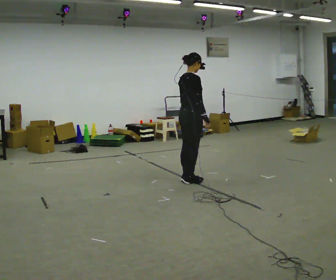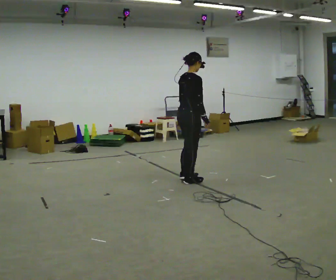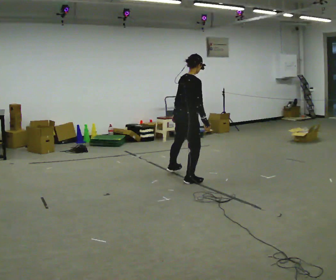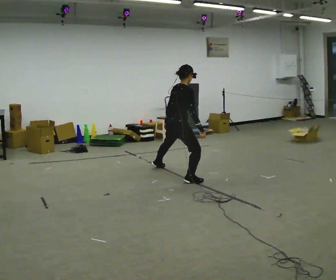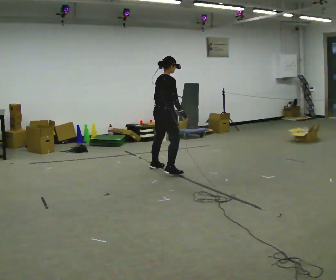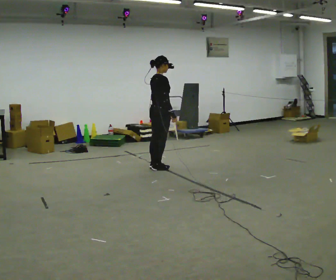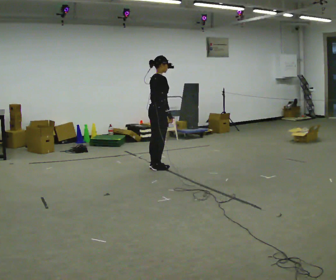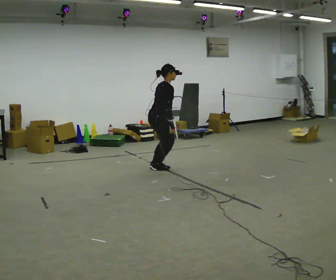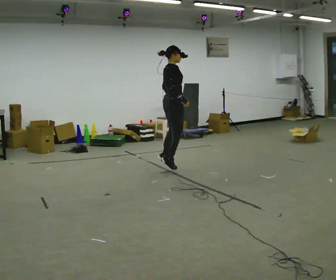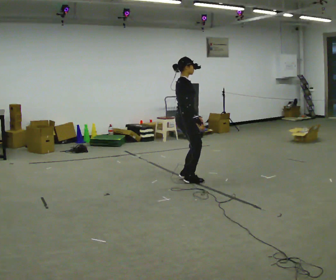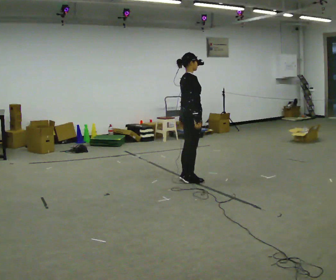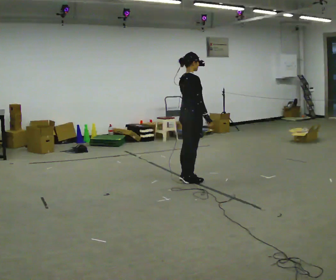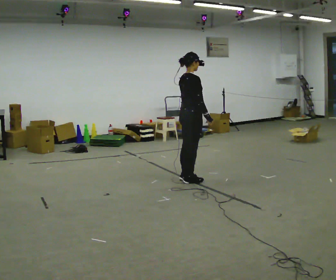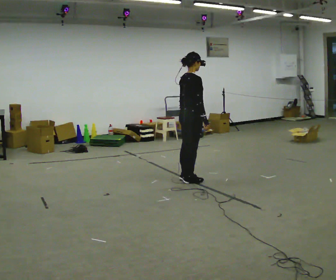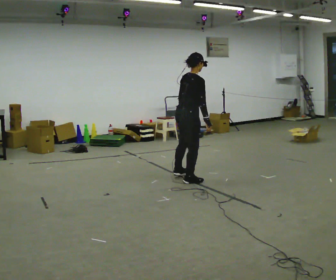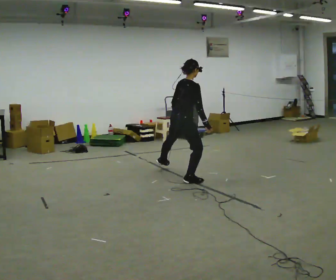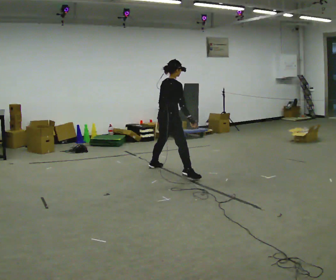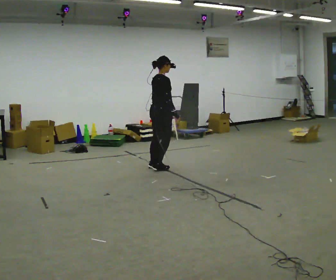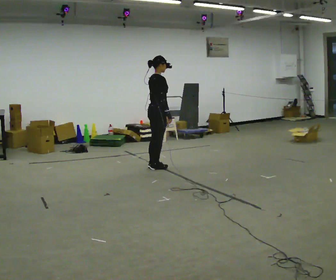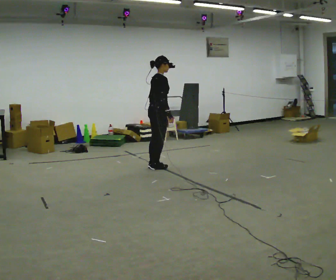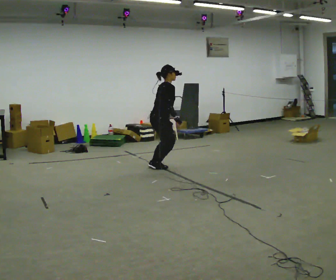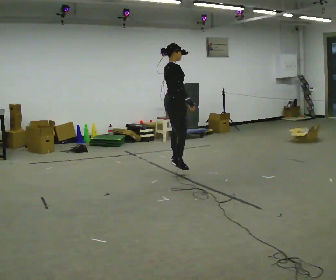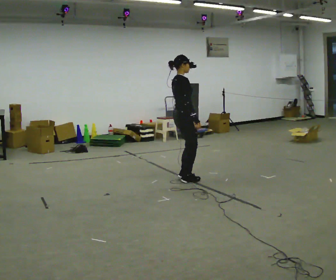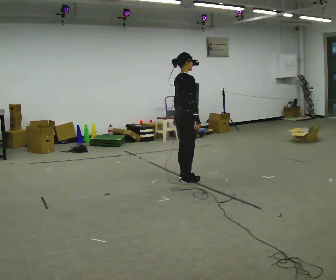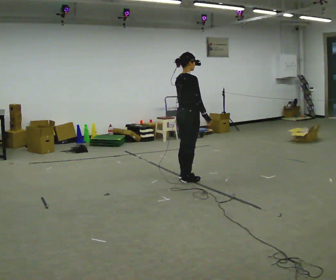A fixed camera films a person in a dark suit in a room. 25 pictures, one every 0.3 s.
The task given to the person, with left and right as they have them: Push off sideways from one foot, land on the other, and bound back the other way. Repeat the movement at your own pace until the operator says stop; do not rush.
0.0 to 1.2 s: In the picture they go away from the camera and to the left, about 0.75 m in 1 step, which for them is to their left.
1.2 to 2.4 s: In the picture they go toward the camera and to the right, about 0.25 m in 1 step, which for them is to their right.
2.4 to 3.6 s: In the picture they go toward the camera and to the right, about 0.5 m in 2 steps, which for them is to their right.
3.6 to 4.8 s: In the picture they go away from the camera and to the left, about 0.5 m in 1 step, which for them is to their left.
4.8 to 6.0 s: The person moves a little, or ends about where they began.
6.0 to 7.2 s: In the picture they go toward the camera and to the right, about 0.5 m in 2 steps, which for them is to their right.
The film runs forward here.
